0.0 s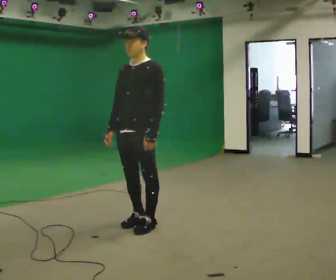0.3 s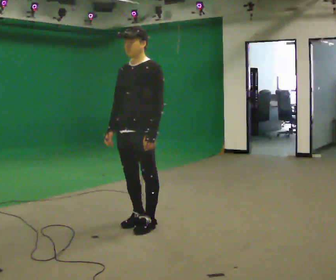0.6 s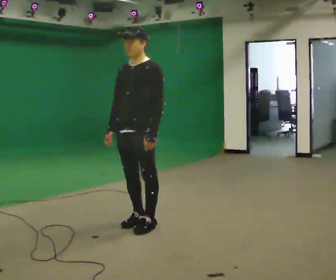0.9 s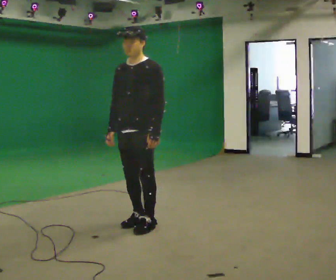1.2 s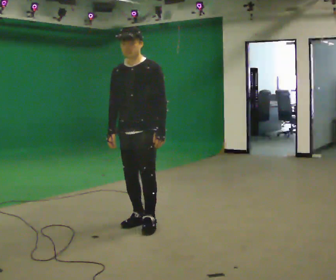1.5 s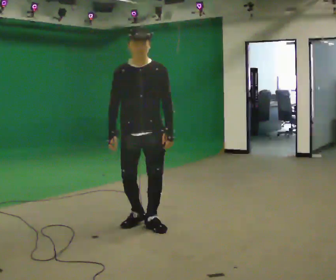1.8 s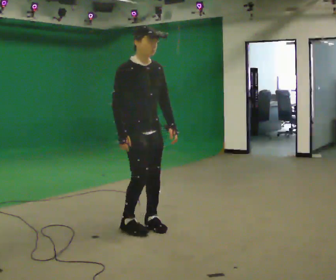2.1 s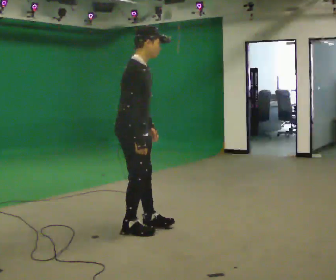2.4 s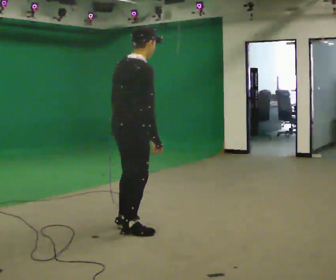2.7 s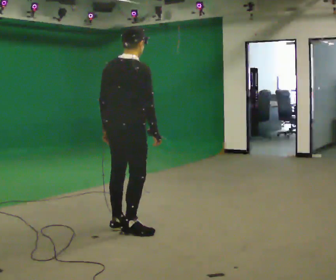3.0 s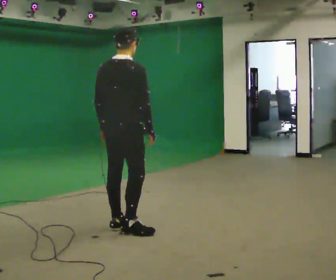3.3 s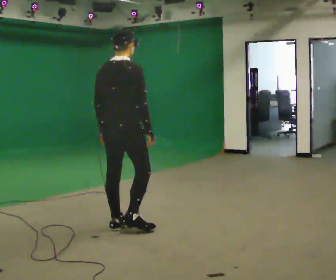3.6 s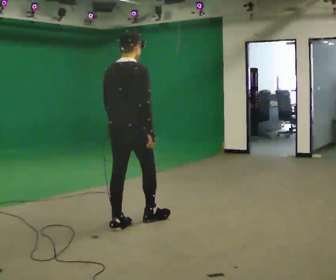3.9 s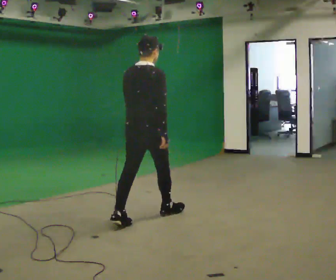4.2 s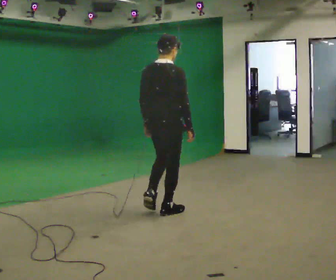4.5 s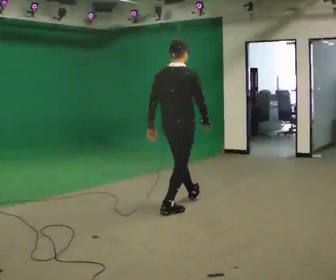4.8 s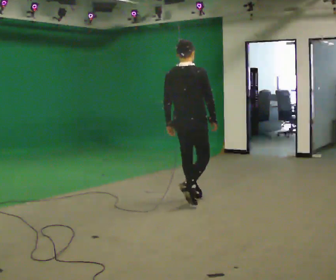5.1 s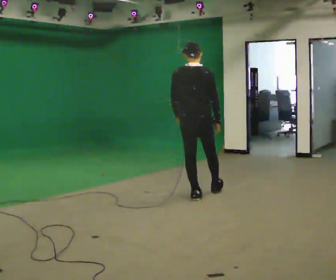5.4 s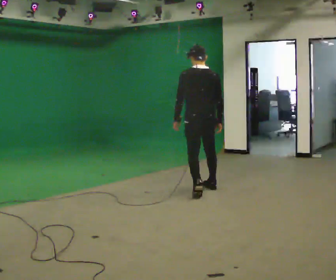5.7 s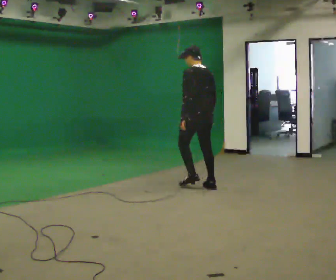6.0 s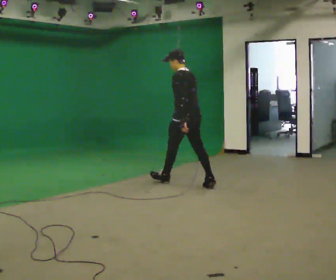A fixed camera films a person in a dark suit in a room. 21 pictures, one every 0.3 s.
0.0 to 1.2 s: The person moves a little, or ends about where they began.
1.2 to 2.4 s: The part of the body nearest the lens slides to the right as the person turns to their left by about 150 degrees. In the picture they go toward the camera, about 0.25 m in 1 step. In the picture the upper body tilts clockwise, shoulders to the right.
2.4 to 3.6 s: Seen from above the body turns counterclockwise, about 30 degrees: to their left, with its near side sliding to the right. In the picture they go away from the camera, about 0.25 m in 1 step, which for them is forward.
3.6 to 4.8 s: In the picture they go away from the camera and to the right, about 1 m in 2 steps, which for them is forward.
4.8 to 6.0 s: The person turns about 75 degrees to their left, counterclockwise seen from above, so the part of the body nearest the lens slides to the right. In the picture they go away from the camera, about 1 m in 2 steps.
The film runs forward here.
